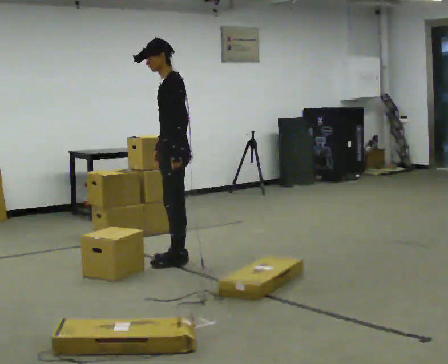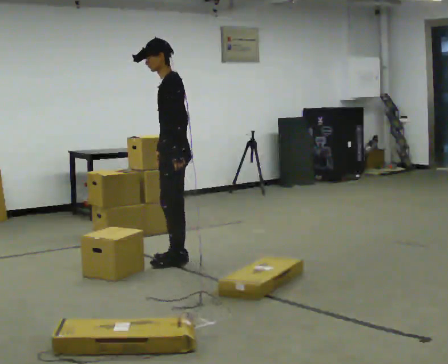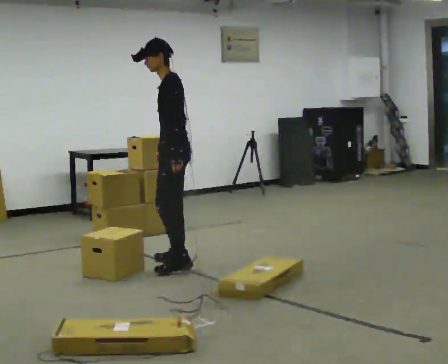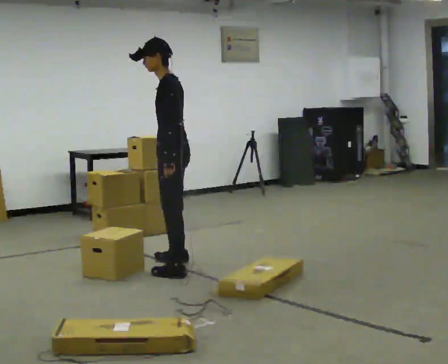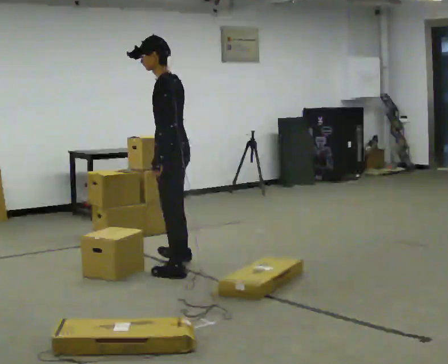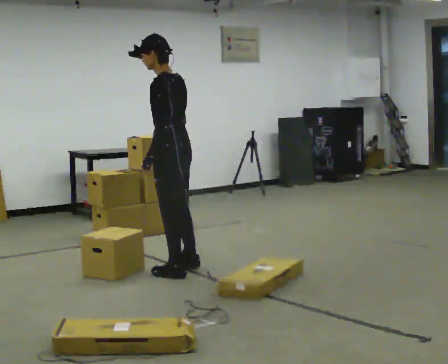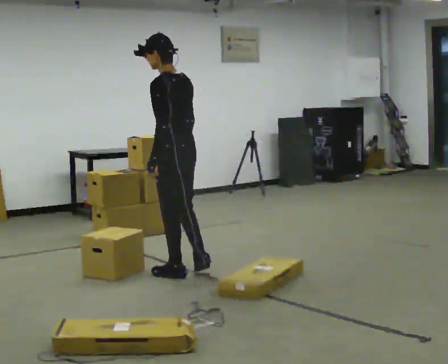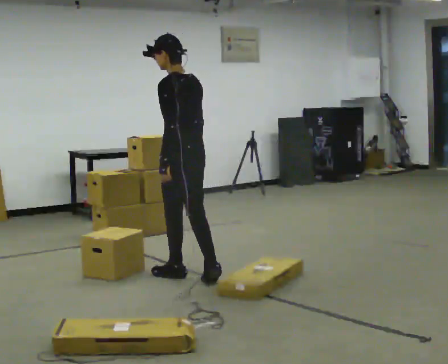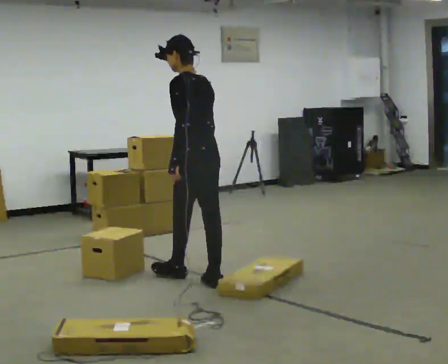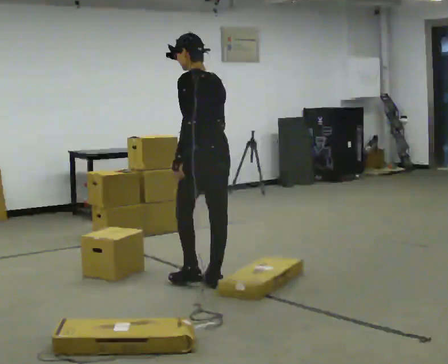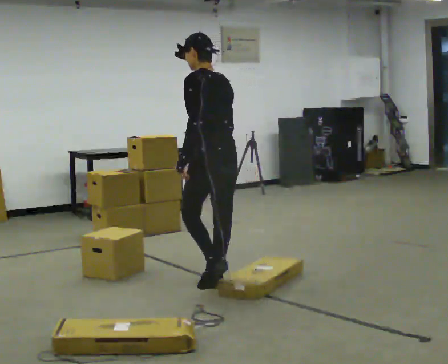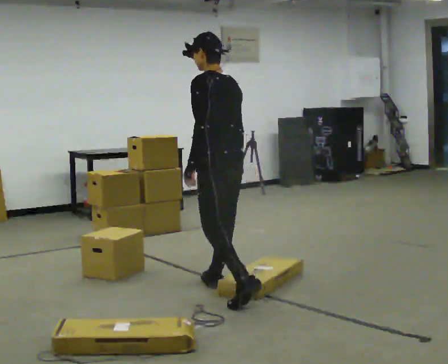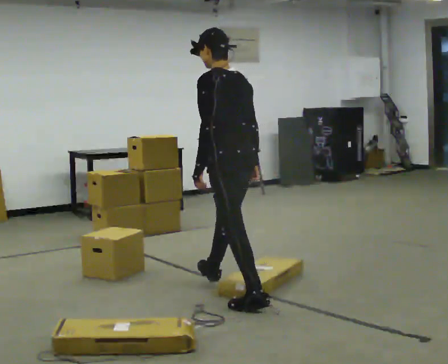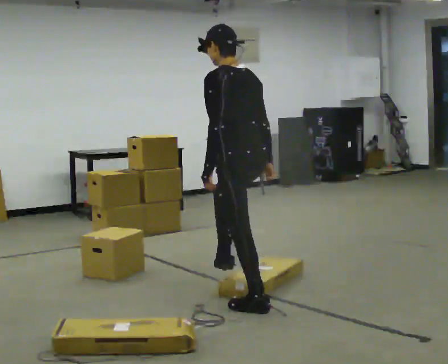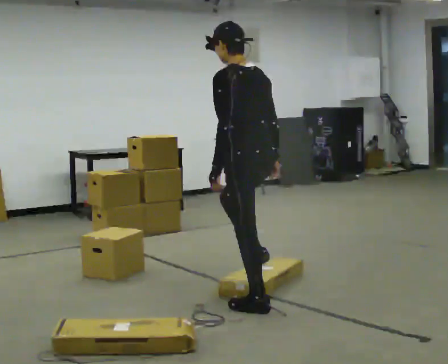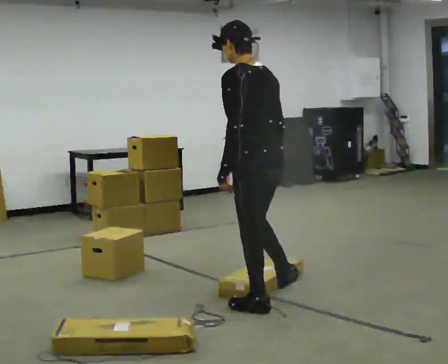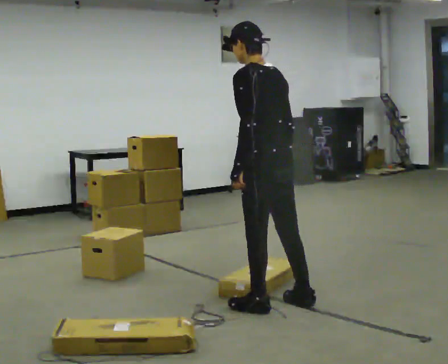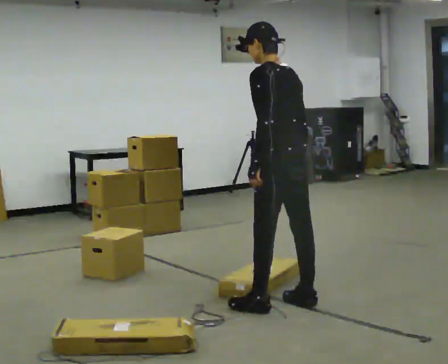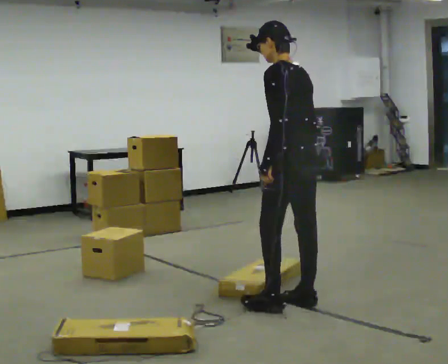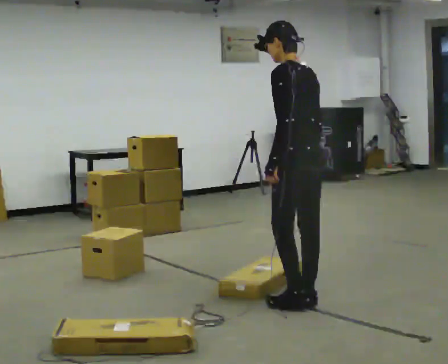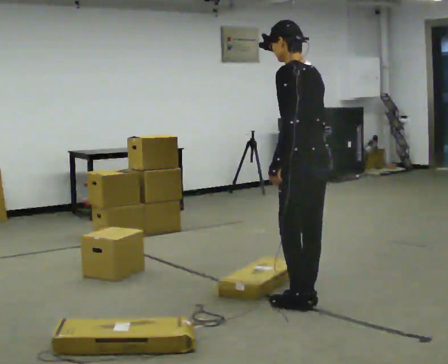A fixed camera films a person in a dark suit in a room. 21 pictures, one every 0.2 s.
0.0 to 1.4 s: Seen from above the body turns clockwise, about 45 degrees: to their right, with its near side sliding to the left. In the picture they go toward the camera, about 0.5 m in 2 steps, which for them is to their left.
1.4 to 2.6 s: In the picture they go toward the camera and to the right, about 0.5 m in 2 steps, which for them is backward.
2.6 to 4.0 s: In the picture they go to the right, about 0.5 m in 1 step, which for them is backward and to their right.
The film runs backward here.
